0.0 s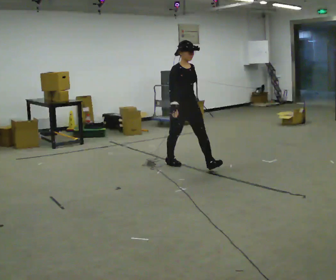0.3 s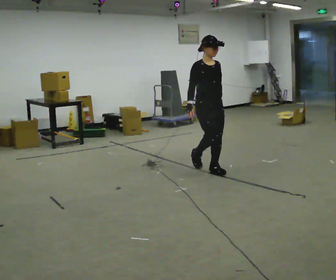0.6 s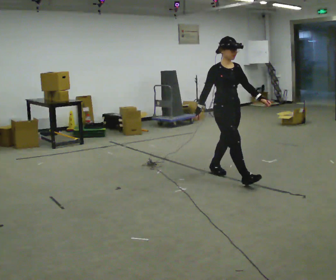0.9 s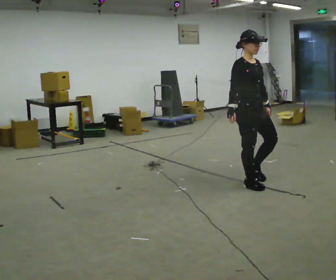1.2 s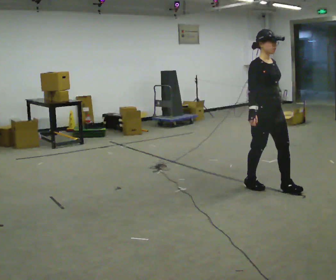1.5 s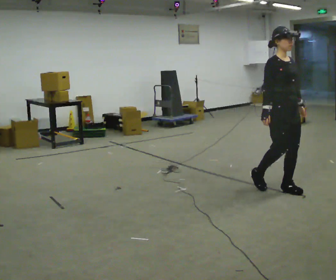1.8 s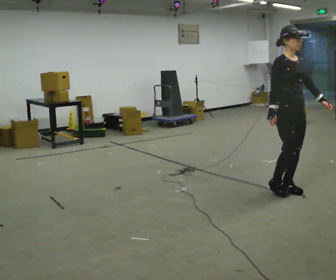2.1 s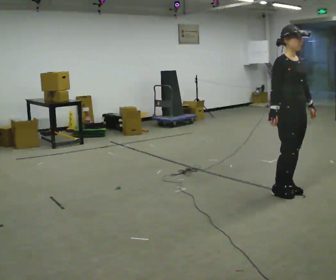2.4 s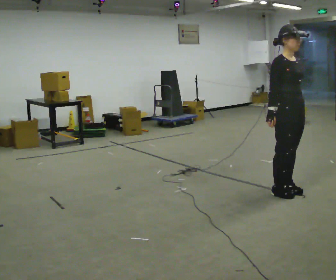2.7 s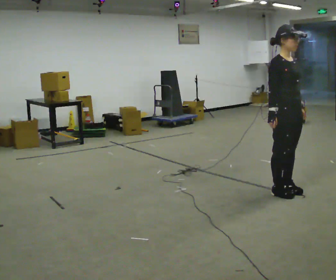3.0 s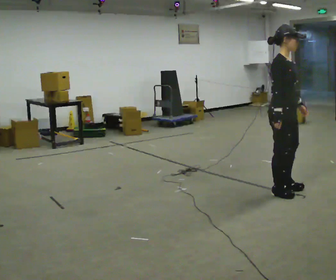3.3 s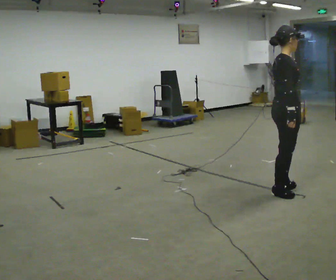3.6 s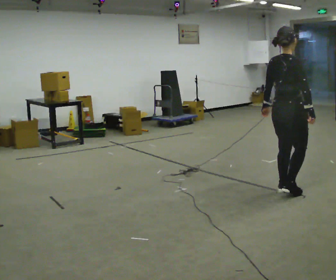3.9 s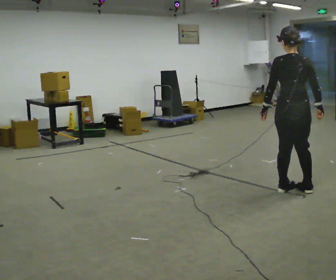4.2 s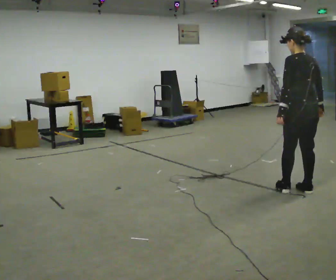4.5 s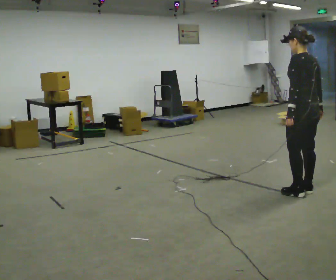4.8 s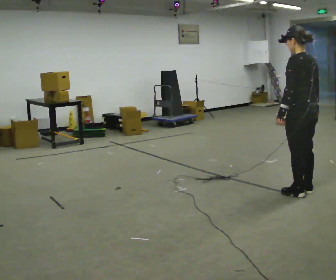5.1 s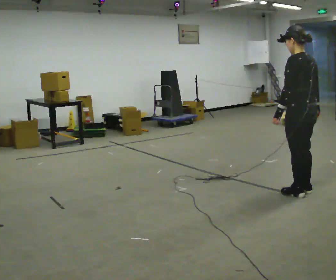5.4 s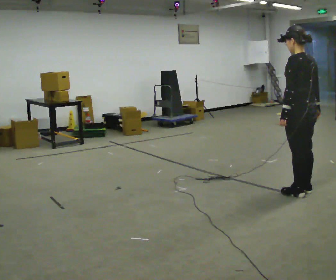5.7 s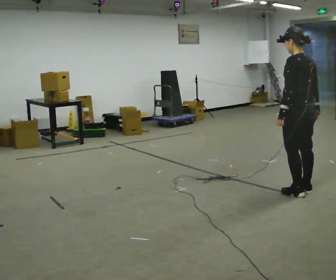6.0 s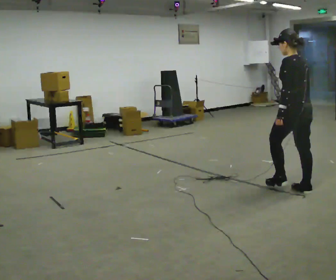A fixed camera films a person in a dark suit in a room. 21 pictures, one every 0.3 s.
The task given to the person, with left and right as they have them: Walk normally; at marked point stop as quickly as comfortably possible; remain still.
0.0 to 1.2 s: In the picture they go to the right and toward the camera, about 1 m in 3 steps, which for them is forward.
1.2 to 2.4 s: In the picture they go to the right and toward the camera, about 0.25 m in 1 step, which for them is forward.
2.4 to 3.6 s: The person turns about 90 degrees to their left, counterclockwise seen from above, so the part of the body nearest the lens slides to the right. In the picture their right hand goes to the right.
3.6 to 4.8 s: The part of the body nearest the lens slides to the right as the person turns to their left by about 90 degrees. In the picture they go to the right, about 0.25 m in 2 steps.
4.8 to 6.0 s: The person moves a little, or ends about where they began.
The film runs forward here.
